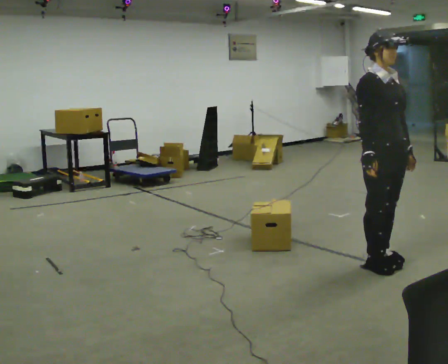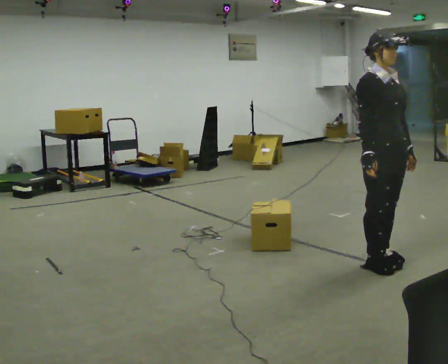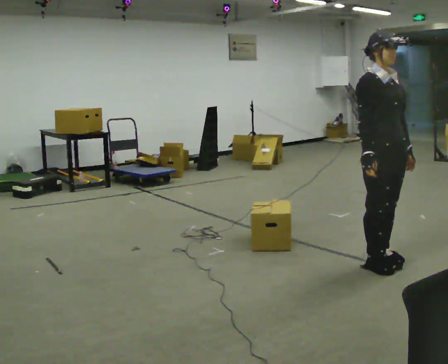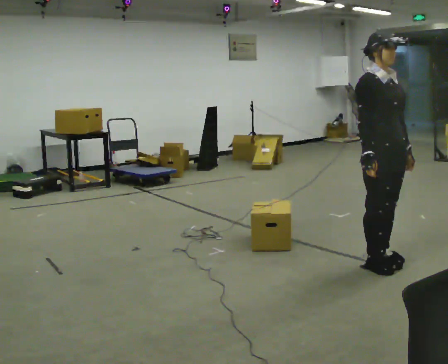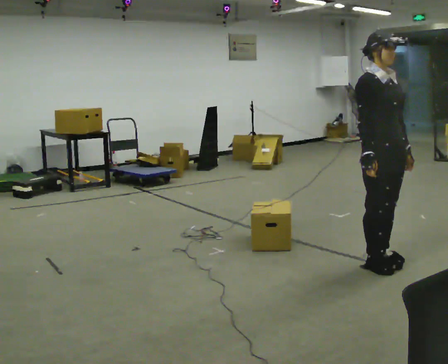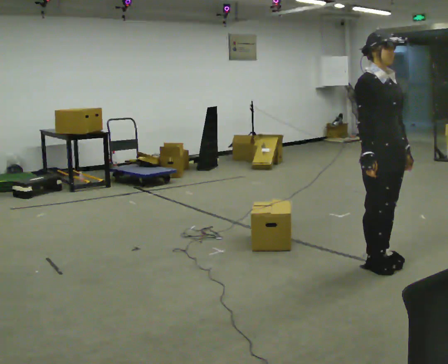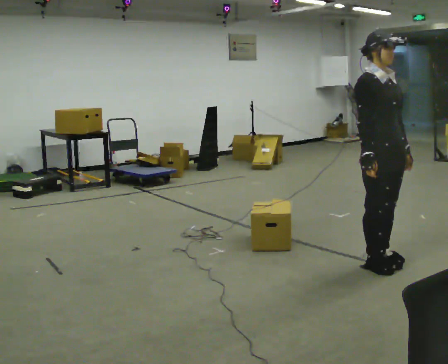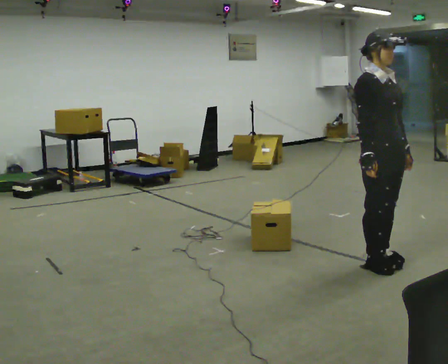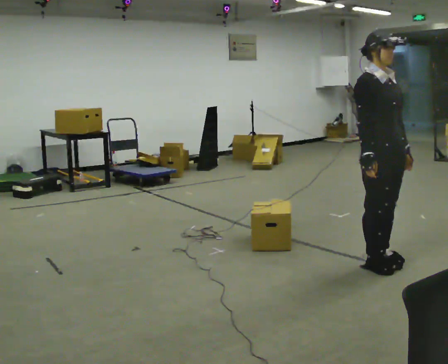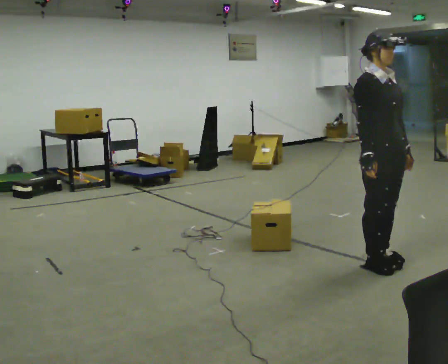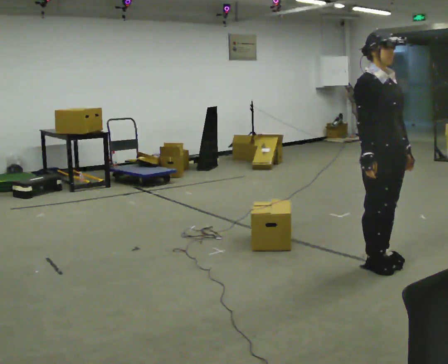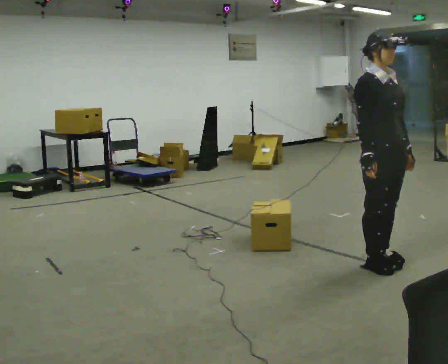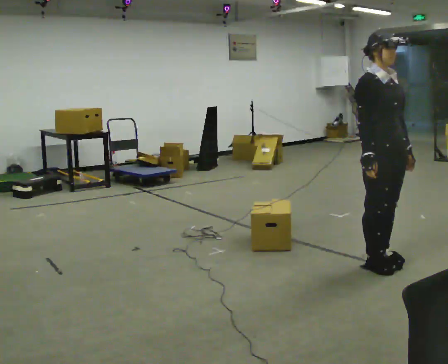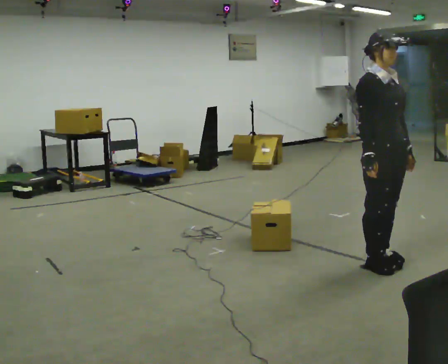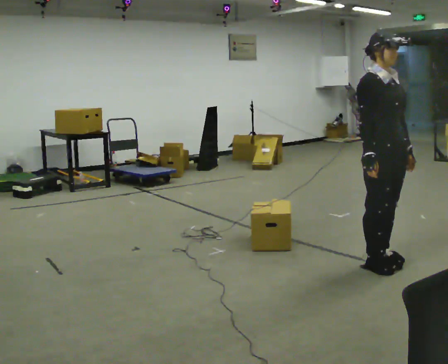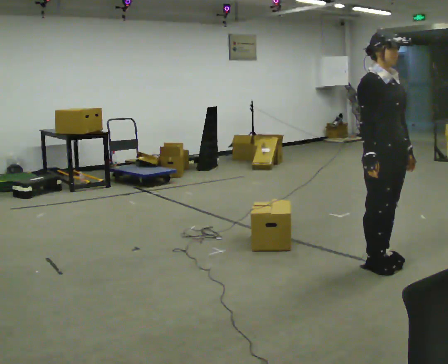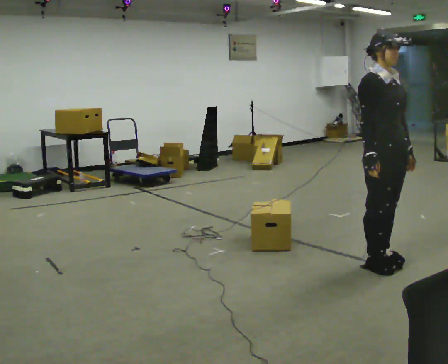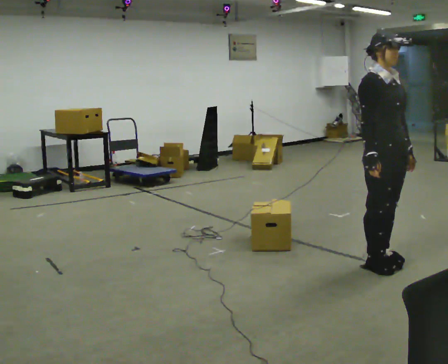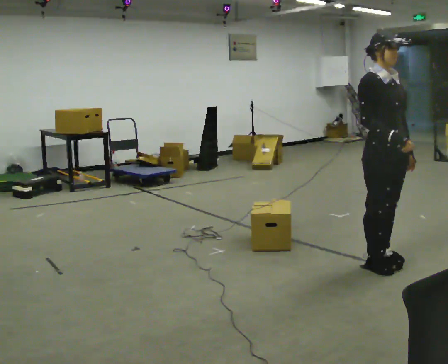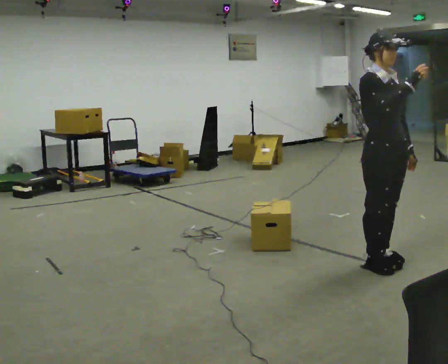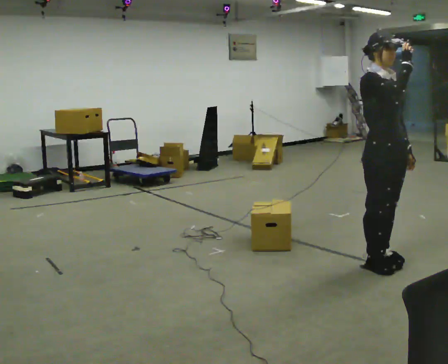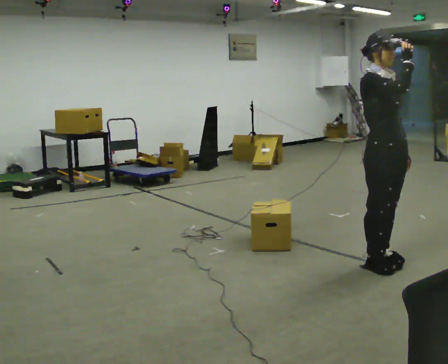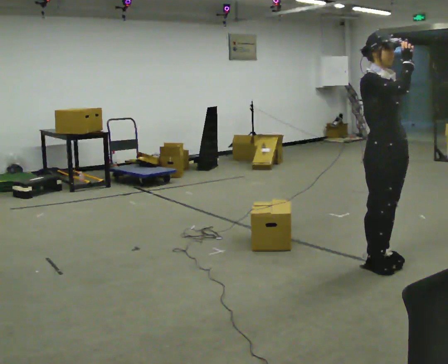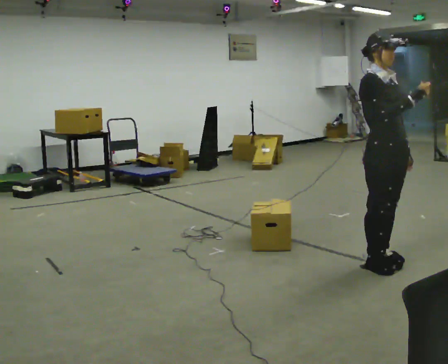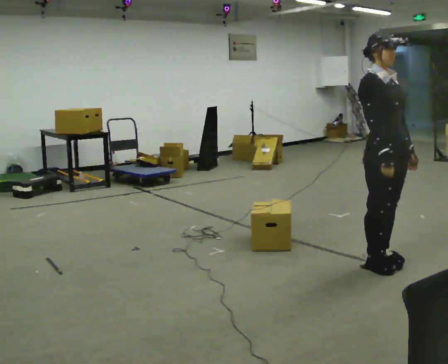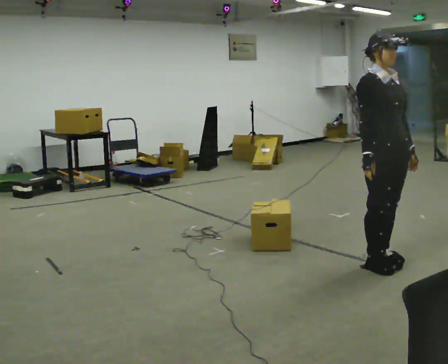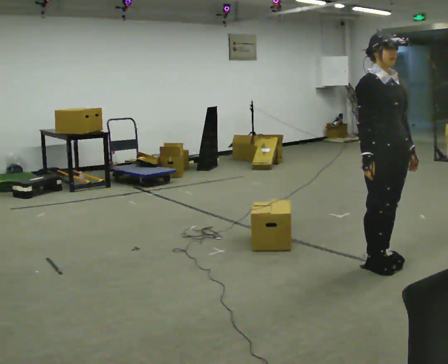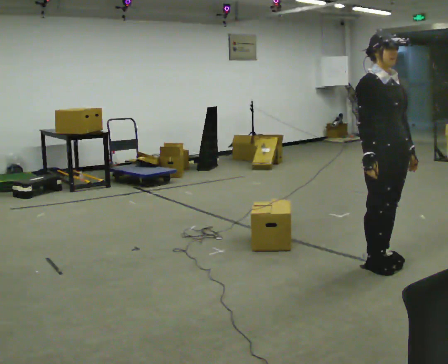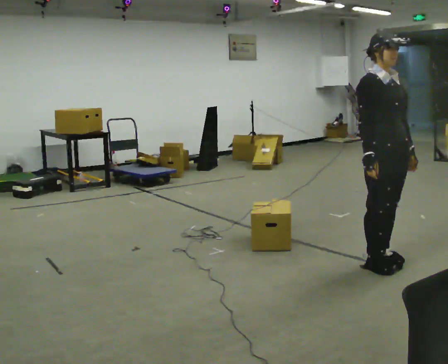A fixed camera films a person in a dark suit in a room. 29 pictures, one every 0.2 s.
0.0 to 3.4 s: The person moves a little, or ends about where they began.
3.4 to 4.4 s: In the picture their right hand goes upward.
4.4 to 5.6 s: In the picture their right hand goes downward.
The film runs forward here.
